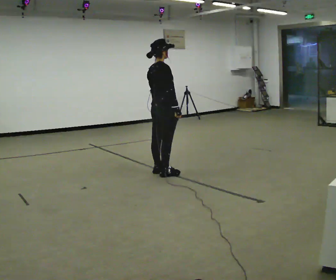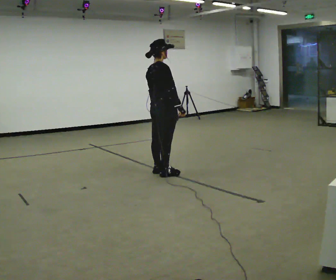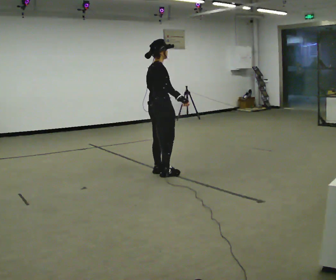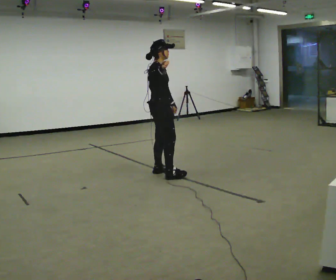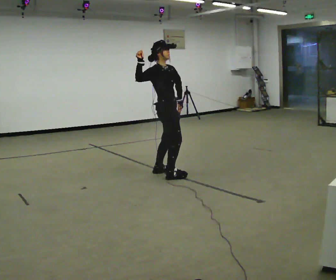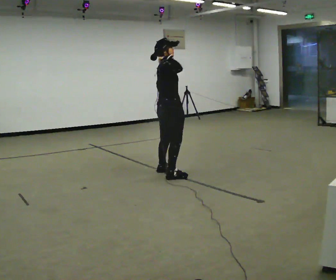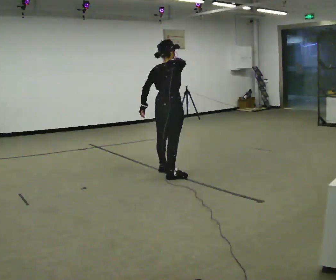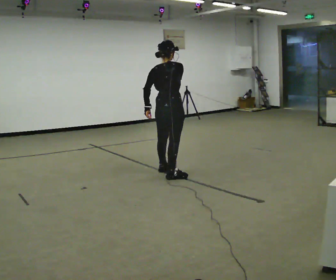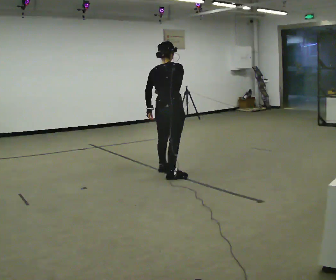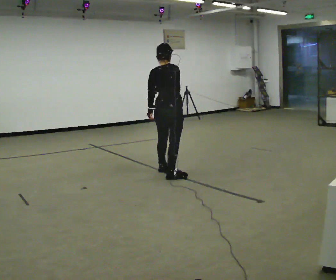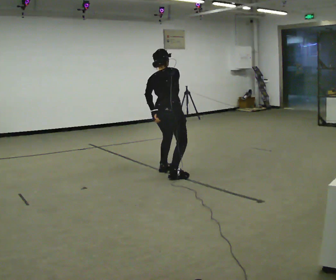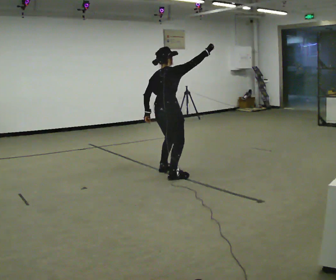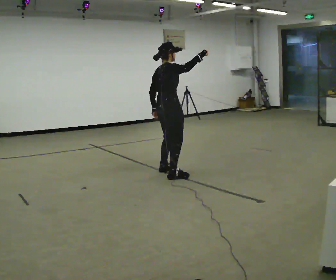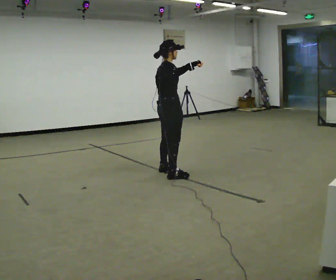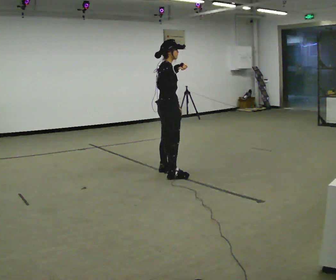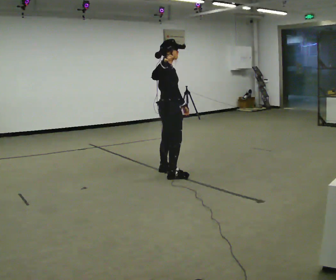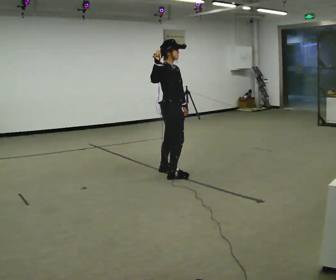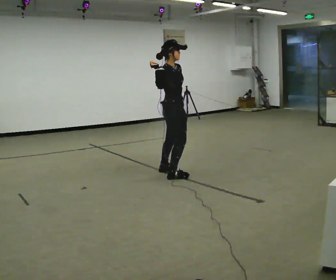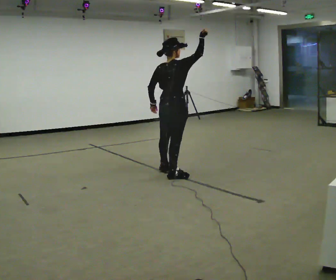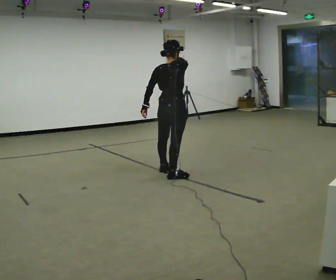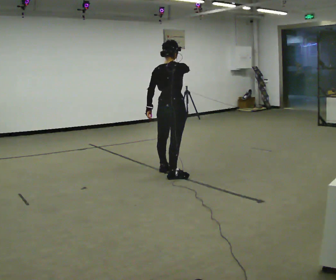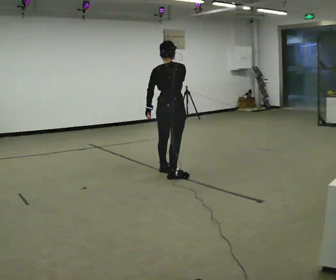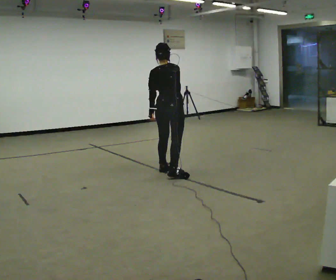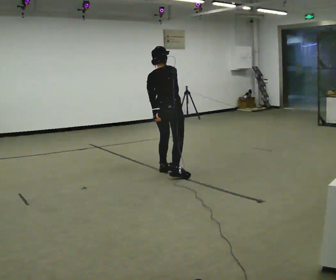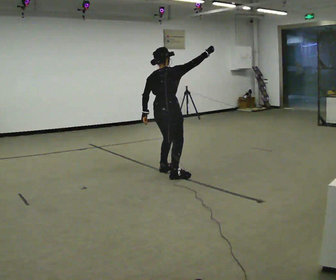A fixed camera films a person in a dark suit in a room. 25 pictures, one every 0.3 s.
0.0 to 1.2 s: Seen from above the body turns clockwise, about 45 degrees: to their right, with its near side sliding to the left. In the picture their right hand goes upward and to the left.
1.2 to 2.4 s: Seen from above the body turns counterclockwise, about 90 degrees: to their left, with its near side sliding to the right. In the picture their right hand goes downward.
2.4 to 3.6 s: Seen from above the body turns clockwise, about 30 degrees: to their right, with its near side sliding to the left. In the picture their right hand goes to the right and upward.
3.6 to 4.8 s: Seen from above the body turns clockwise, about 45 degrees: to their right, with its near side sliding to the left. In the picture their right hand goes to the left.
4.8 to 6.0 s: The part of the body nearest the lens slides to the right as the person turns to their left by about 60 degrees.
6.0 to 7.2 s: In the picture their right hand goes to the right.
The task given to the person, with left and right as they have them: Mime tennis groundstrokes with no racket, alternating forehand and backhand. Repeat the movement at your own pace until the operator says stop; do not rush.
The film runs forward here.
